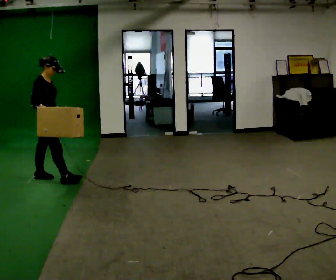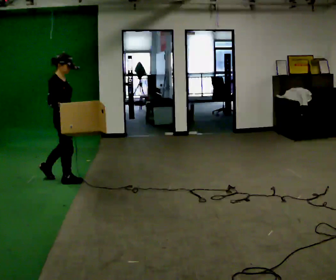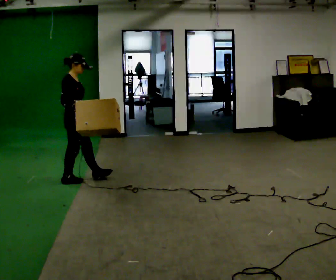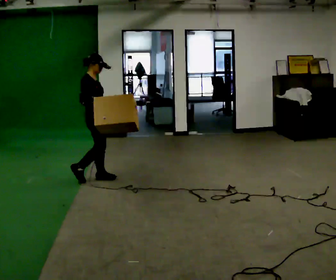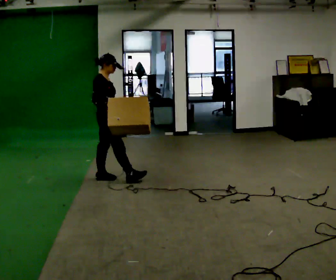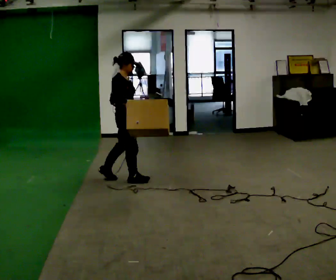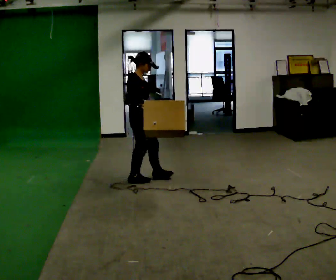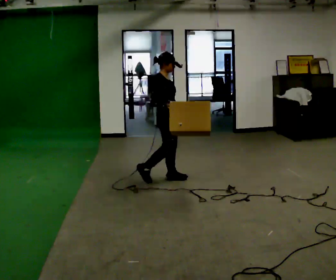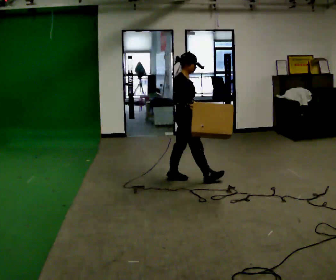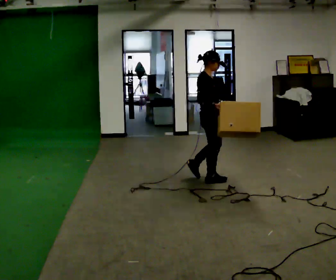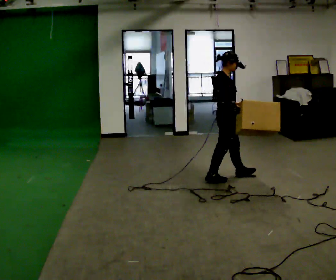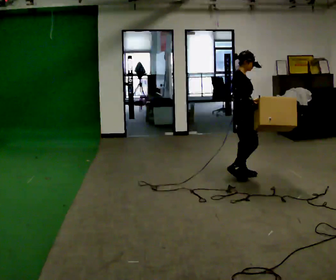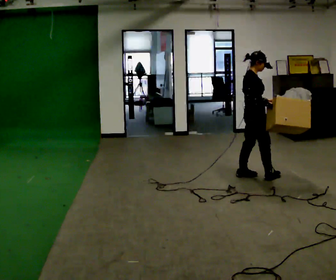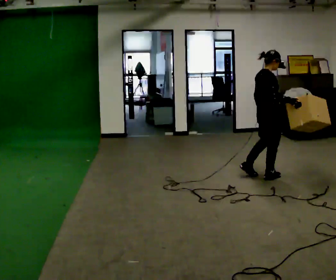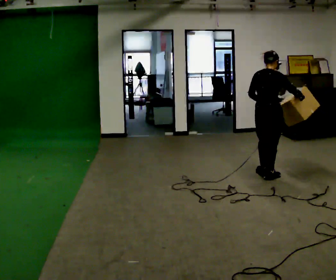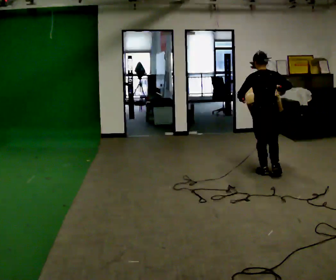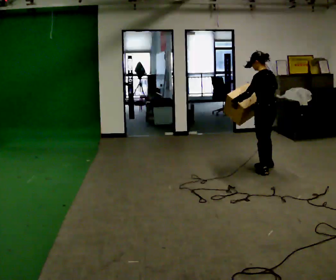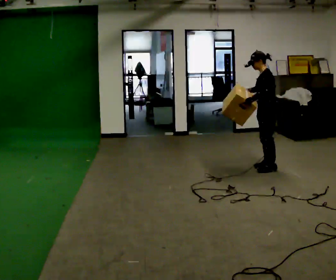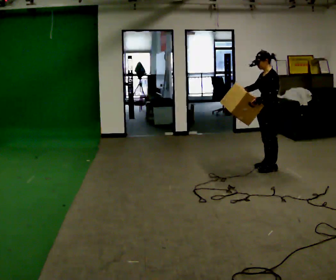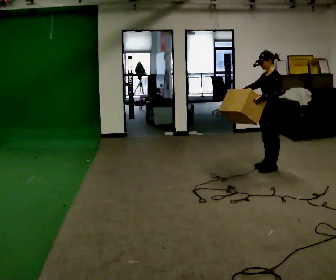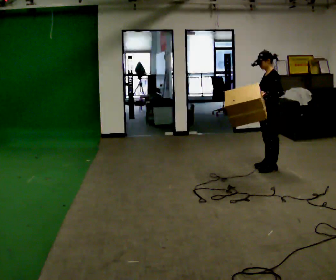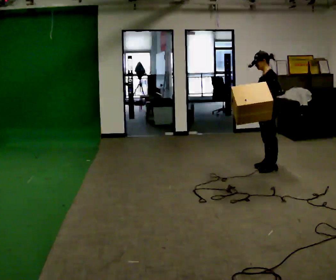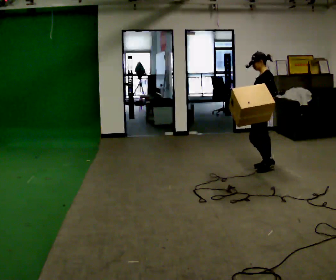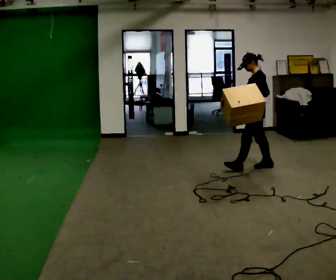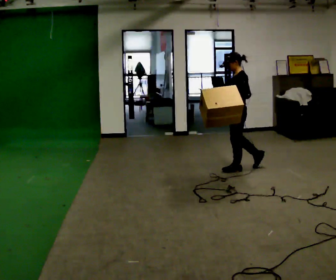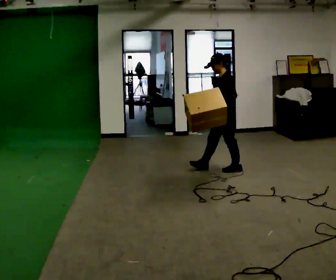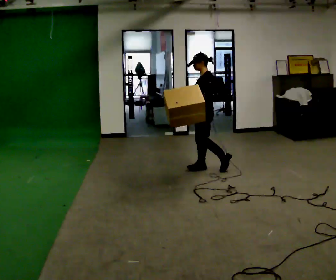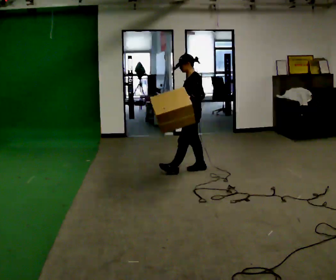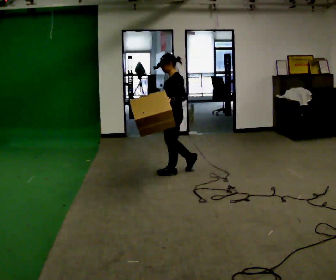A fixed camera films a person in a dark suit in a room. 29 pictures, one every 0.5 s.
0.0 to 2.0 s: In the picture they go to the right, about 0.75 m in 1 step, which for them is forward.
2.0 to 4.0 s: In the picture they go to the right, about 1 m in 2 steps, which for them is forward.
4.0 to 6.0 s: In the picture they go to the right, about 1 m in 3 steps, which for them is forward.
6.0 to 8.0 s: The part of the body nearest the lens slides to the right as the person turns to their left by about 135 degrees. In the picture they go away from the camera and to the right, about 0.25 m in 2 steps.
8.0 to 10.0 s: The person turns about 45 degrees to their left, counterclockwise seen from above, so the part of the body nearest the lens slides to the right. In the picture their left hand goes to the right.
10.0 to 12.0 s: In the picture they go to the left, about 0.5 m in 1 step, which for them is forward.
12.0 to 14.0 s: In the picture they go to the left, about 1 m in 2 steps, which for them is forward.
The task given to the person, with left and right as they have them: Carry the box and, while walking, shift it to a different hold: front, then hip, then shoulder, then back to front. Do not stop walking.
The film runs forward here.
